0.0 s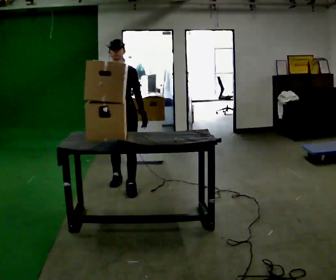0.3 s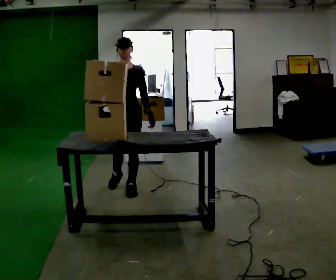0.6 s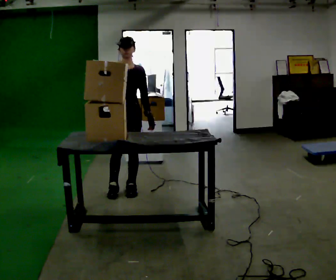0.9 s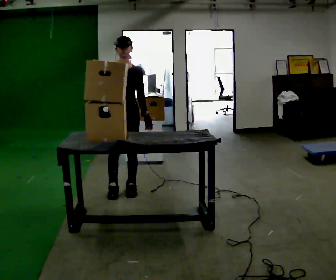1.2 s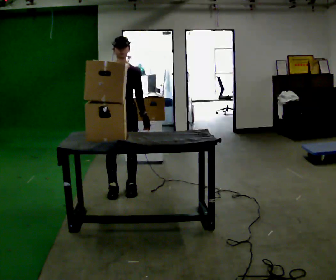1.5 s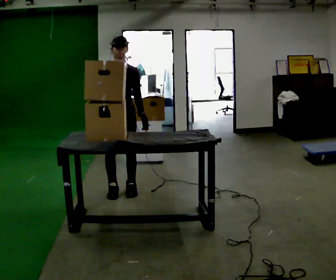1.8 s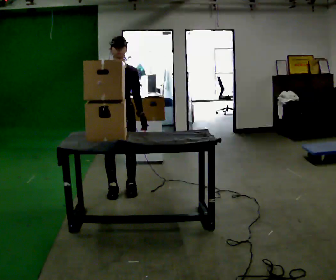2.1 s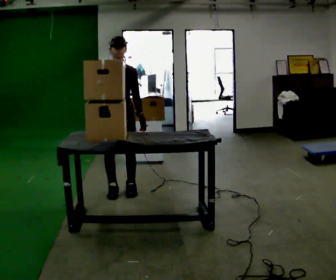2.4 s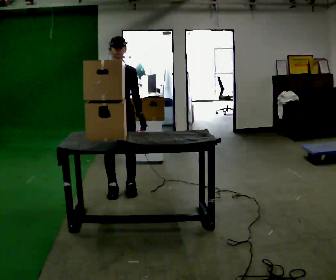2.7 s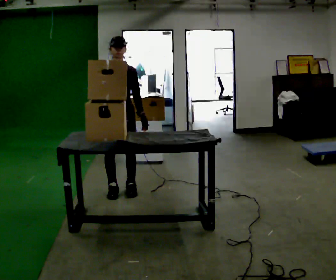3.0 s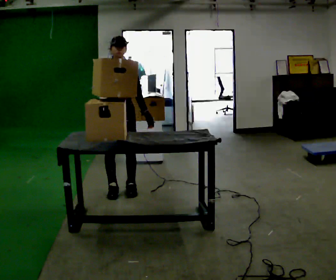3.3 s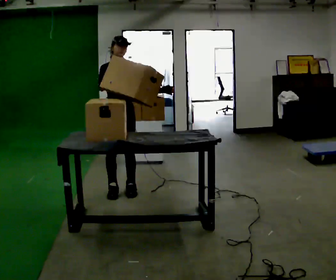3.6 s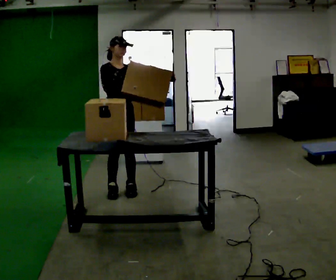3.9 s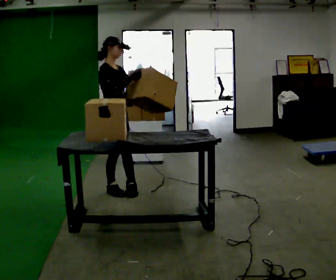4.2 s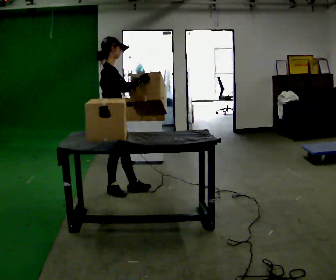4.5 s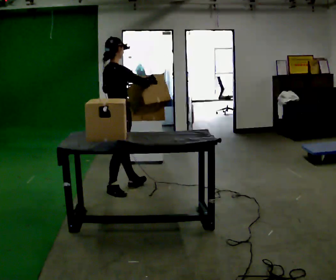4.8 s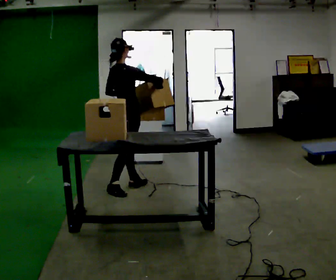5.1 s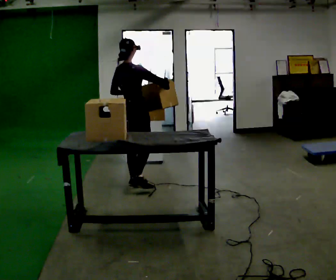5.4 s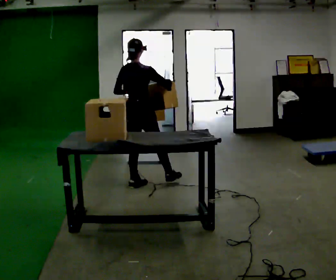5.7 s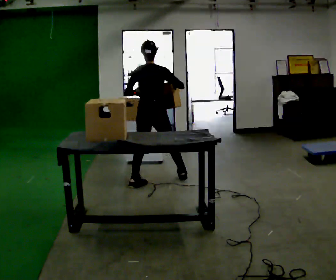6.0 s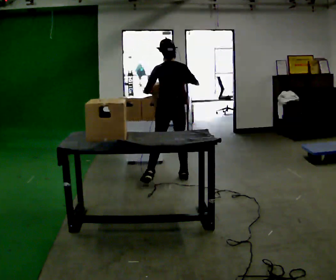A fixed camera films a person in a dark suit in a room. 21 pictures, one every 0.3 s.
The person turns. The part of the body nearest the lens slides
to the right.
The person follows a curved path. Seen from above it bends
counterclockwise.
0.0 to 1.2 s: In the picture they go toward the camera, about 0.25 m in 1 step, which for them is forward.
1.2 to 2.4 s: The person moves a little, or ends about where they began.
2.4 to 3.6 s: In the picture their left hand goes upward, the arm swinging counterclockwise.
3.6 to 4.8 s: Seen from above the body turns counterclockwise, about 90 degrees: to their left, with its near side sliding to the right. In the picture their left hand goes to the left.
4.8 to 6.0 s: The person turns about 60 degrees to their left, counterclockwise seen from above, so the part of the body nearest the lens slides to the right. In the picture they go to the right and away from the camera, about 0.5 m in 1 step.
The film runs forward here.
